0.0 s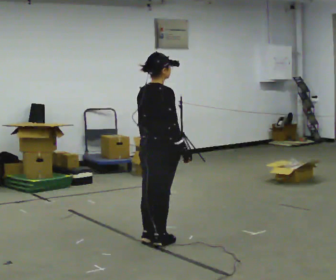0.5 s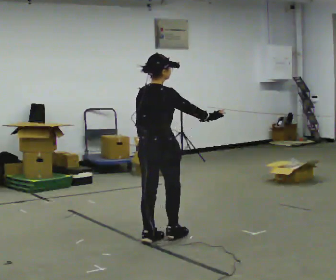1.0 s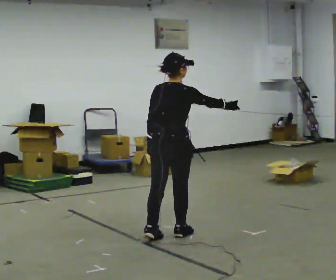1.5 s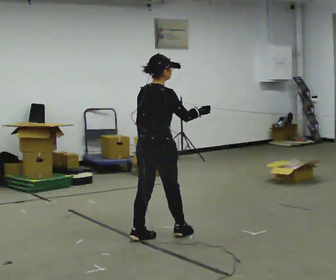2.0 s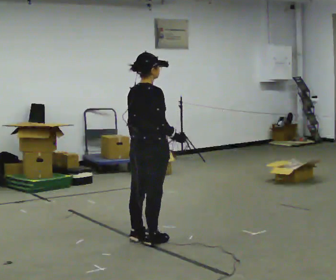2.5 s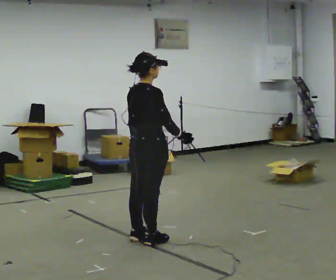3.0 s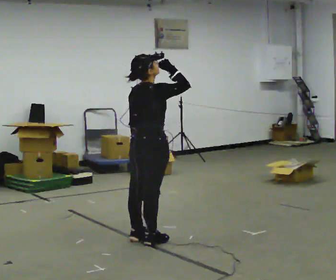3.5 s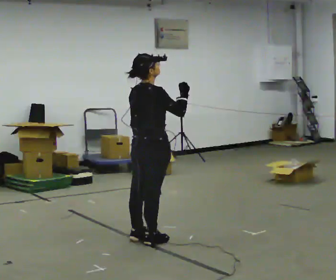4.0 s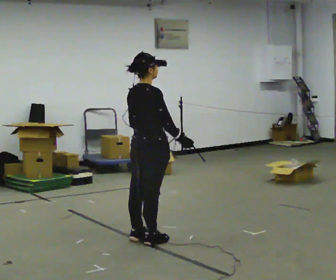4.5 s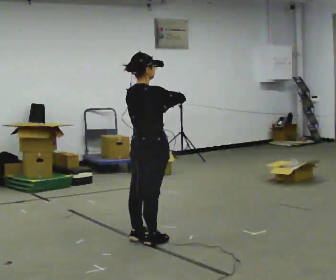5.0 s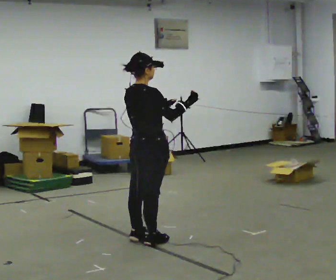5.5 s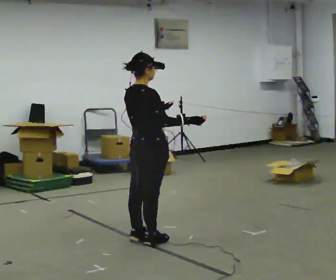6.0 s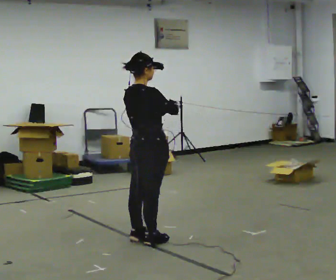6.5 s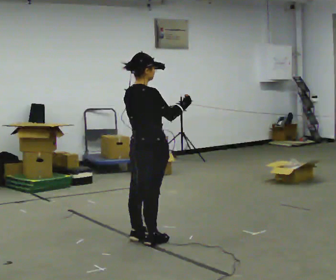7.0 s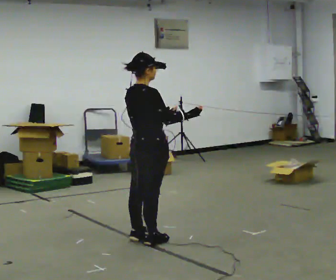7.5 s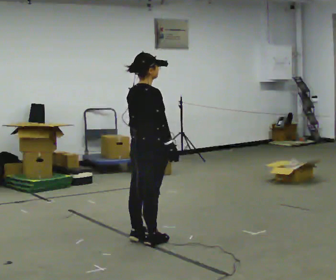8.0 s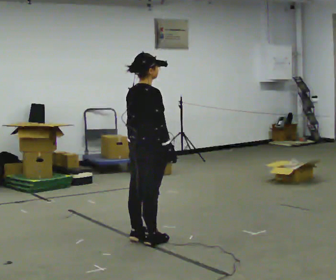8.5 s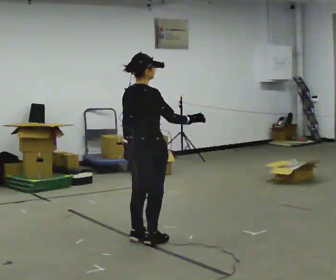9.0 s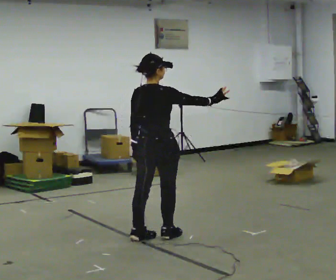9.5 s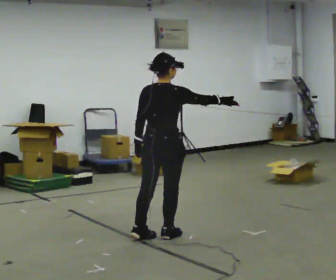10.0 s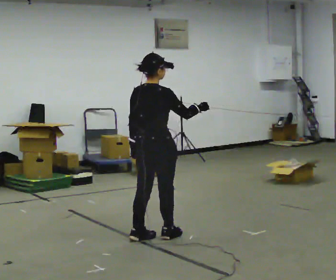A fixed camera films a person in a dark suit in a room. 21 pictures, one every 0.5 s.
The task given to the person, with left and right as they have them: Act out everyday actions without any objects, as in charades: opening a door, drinking, reading, brushing your hair. Repeat the movement at your own pace until the operator says stop; do not rush.
0.0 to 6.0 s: The person moves a little, or ends about where they began.
6.0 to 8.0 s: In the picture their right hand goes downward.
8.0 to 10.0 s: The person moves a little, or ends about where they began.
The film runs forward here.
